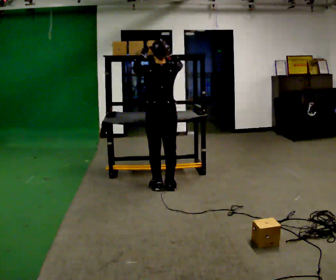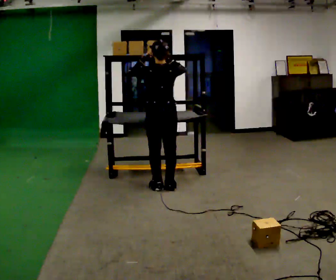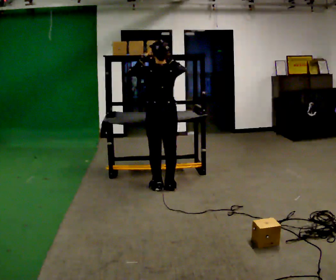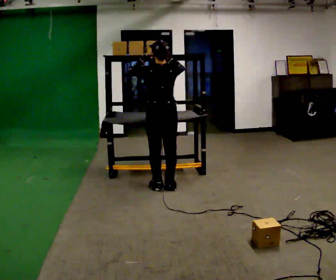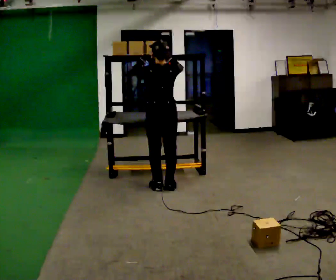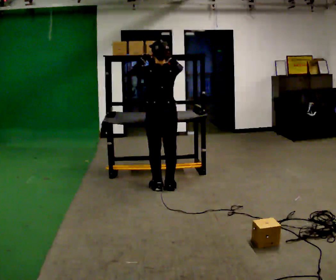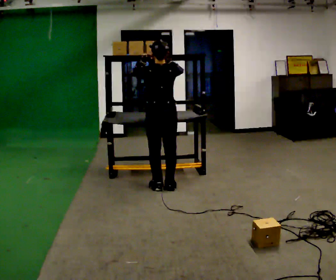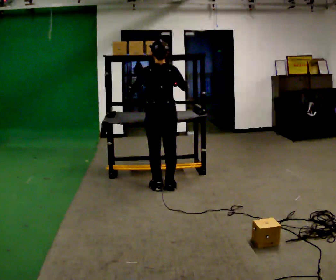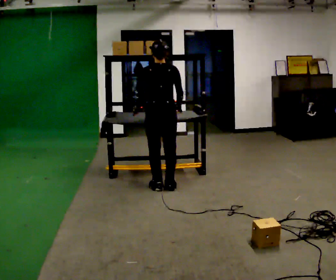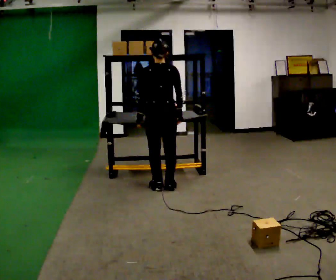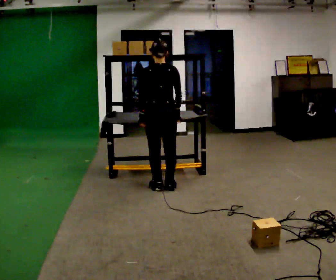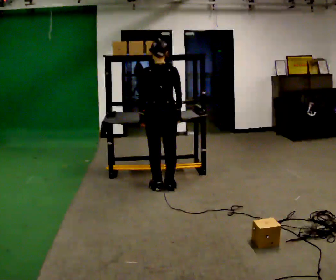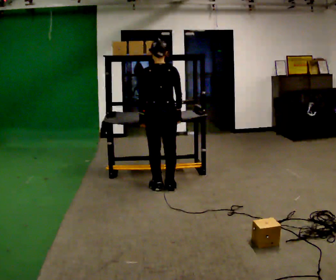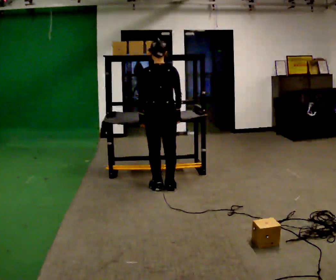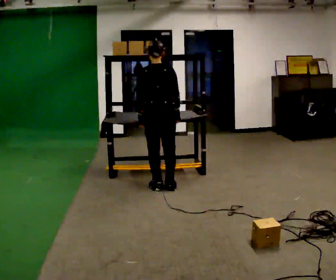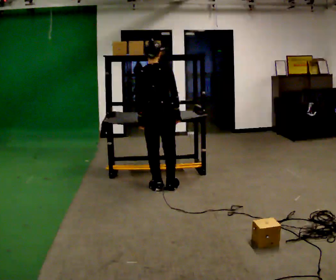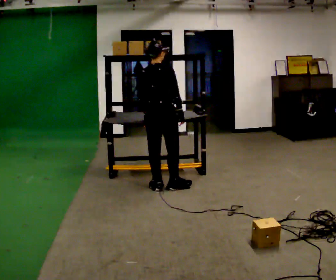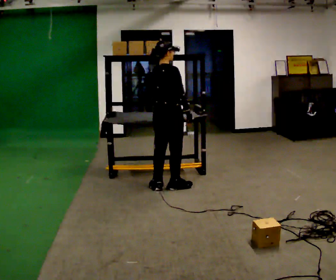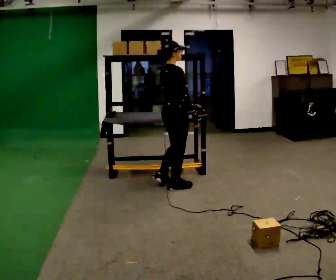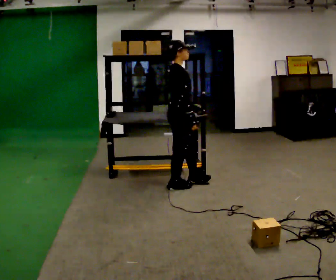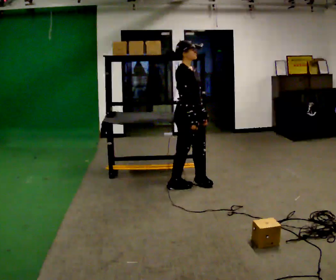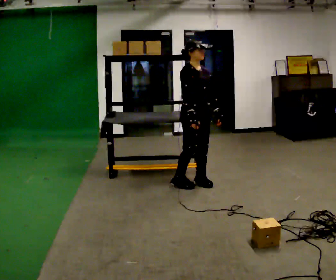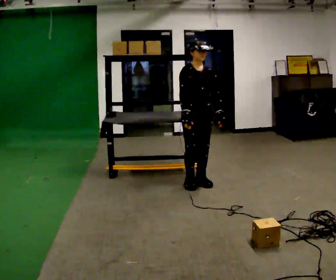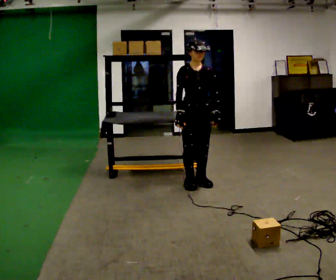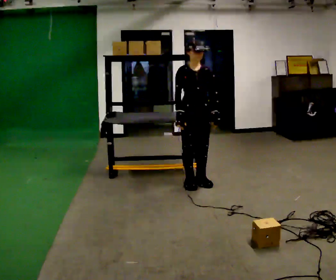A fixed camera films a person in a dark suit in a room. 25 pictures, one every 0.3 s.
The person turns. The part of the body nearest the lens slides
to the left.
The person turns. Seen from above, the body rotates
clockwise.
0.0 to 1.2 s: The person moves a little, or ends about where they began.
1.2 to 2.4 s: In the picture their right hand goes downward.
2.4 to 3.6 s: The person moves a little, or ends about where they began.
3.6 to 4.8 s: The person turns about 30 degrees to their right, clockwise seen from above, so the part of the body nearest the lens slides to the left.
4.8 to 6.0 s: Seen from above the body turns clockwise, about 90 degrees: to their right, with its near side sliding to the left. In the picture they go to the right, about 0.25 m in 1 step.
6.0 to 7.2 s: The part of the body nearest the lens slides to the left as the person turns to their right by about 45 degrees.
The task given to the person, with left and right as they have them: Pick an object up off the floor, carry it across the room, and place it on the highest shelf you can comfortably reach. Keep going until the operator says stop; one object at a time, and do not rush between trips.
The film runs forward here.
